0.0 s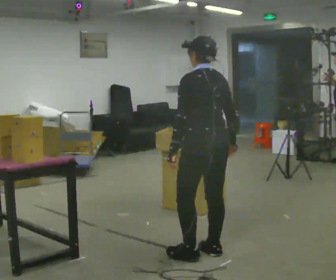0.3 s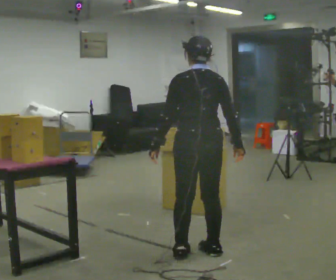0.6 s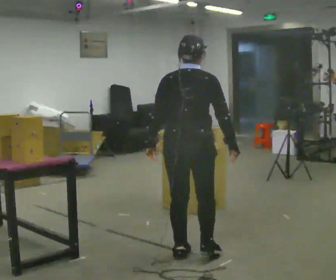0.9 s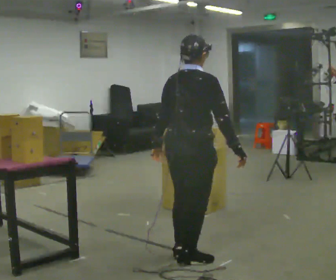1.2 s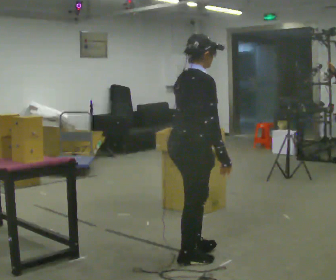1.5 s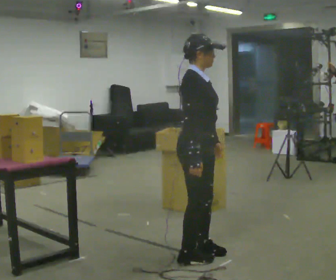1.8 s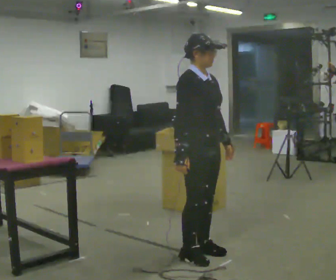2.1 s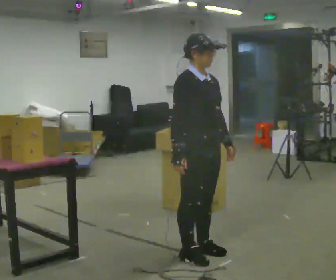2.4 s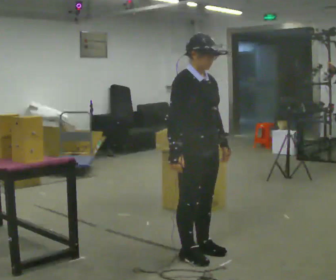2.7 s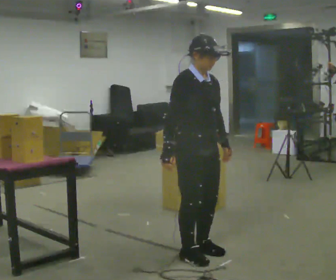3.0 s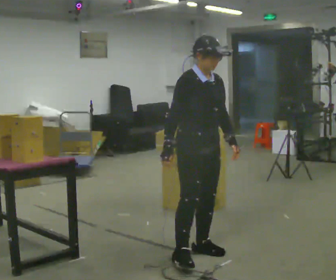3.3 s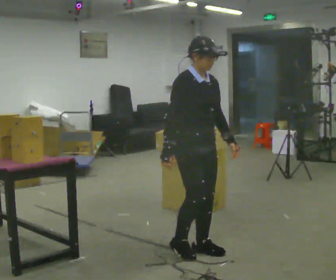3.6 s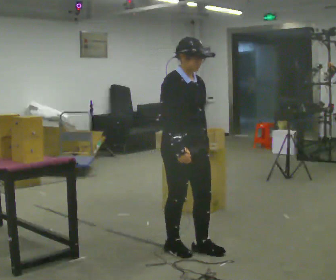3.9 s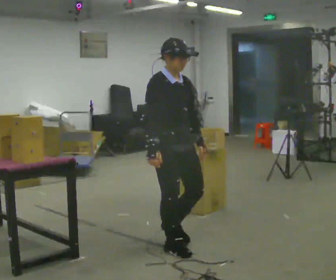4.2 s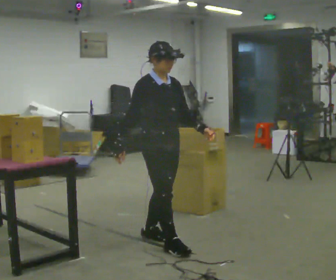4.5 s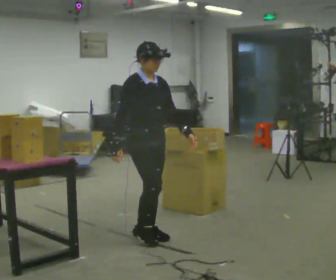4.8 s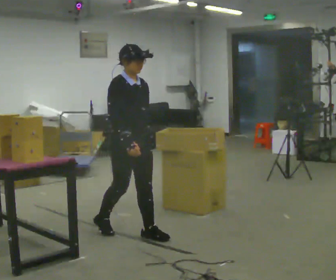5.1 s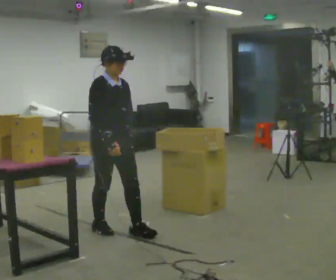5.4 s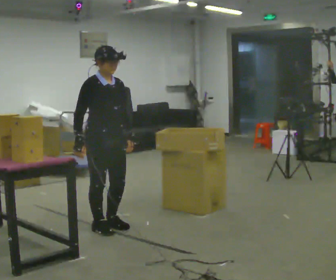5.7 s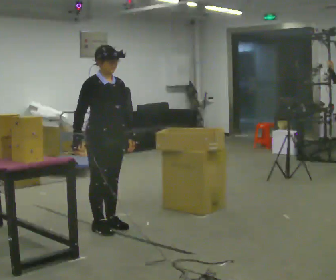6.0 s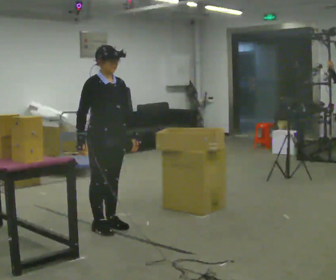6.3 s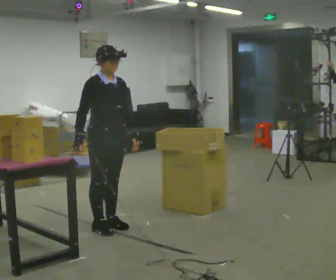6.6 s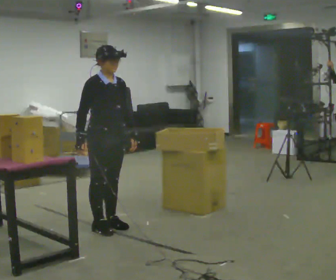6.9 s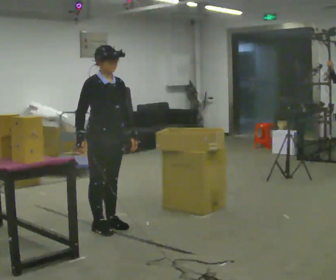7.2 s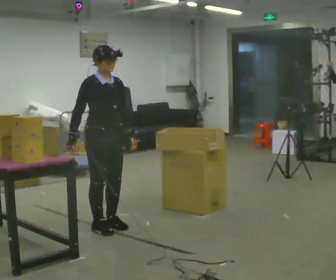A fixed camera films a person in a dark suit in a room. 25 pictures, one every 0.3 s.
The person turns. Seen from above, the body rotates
clockwise.
The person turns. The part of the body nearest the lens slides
to the left.
0.0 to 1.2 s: Seen from above the body turns clockwise, about 105 degrees: to their right, with its near side sliding to the left.
1.2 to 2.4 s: Seen from above the body turns clockwise, about 60 degrees: to their right, with its near side sliding to the left. In the picture their left hand goes to the right.
2.4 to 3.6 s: The person moves a little, or ends about where they began.
3.6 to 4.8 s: In the picture they go away from the camera and to the left, about 0.5 m in 2 steps, which for them is backward.
4.8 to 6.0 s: In the picture they go to the left and away from the camera, about 0.25 m in 1 step, which for them is backward.
6.0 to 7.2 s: The person moves a little, or ends about where they began.
The film runs backward here.
